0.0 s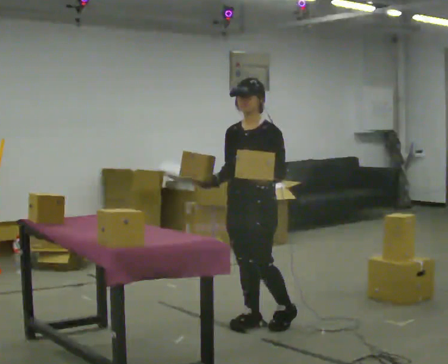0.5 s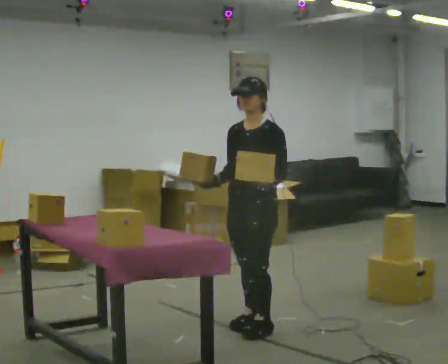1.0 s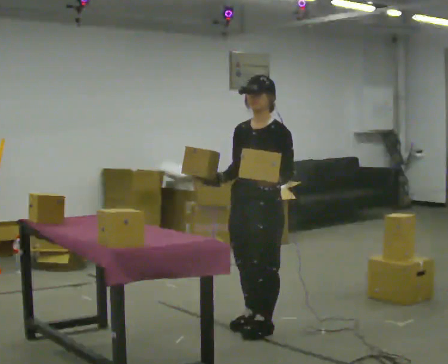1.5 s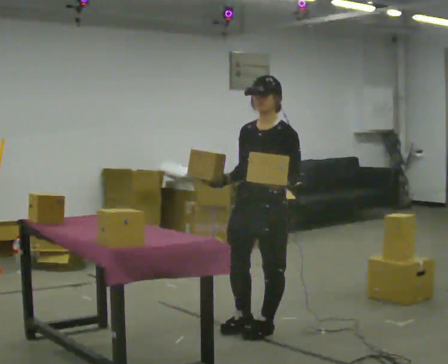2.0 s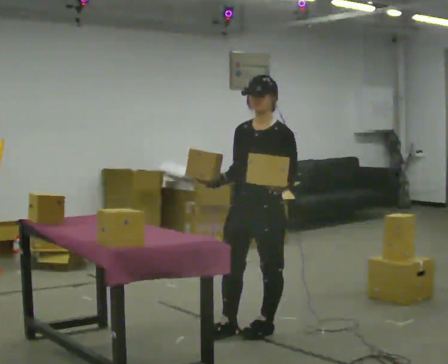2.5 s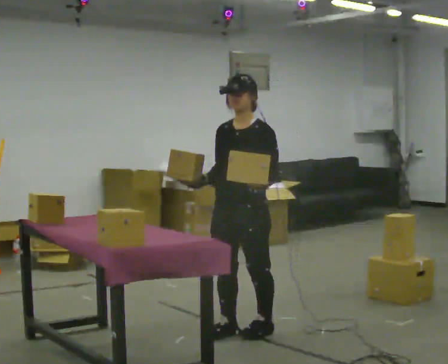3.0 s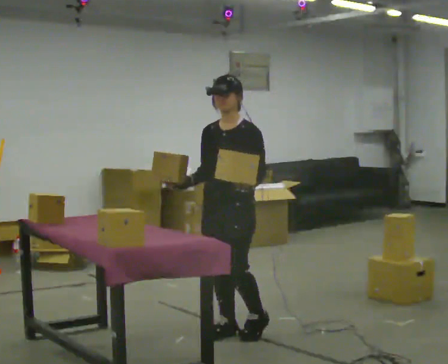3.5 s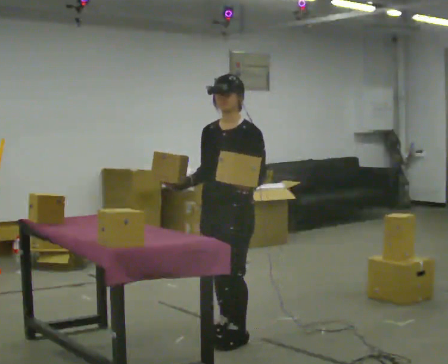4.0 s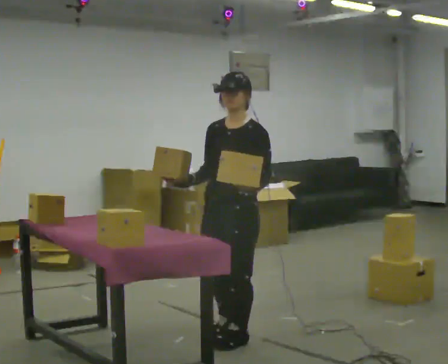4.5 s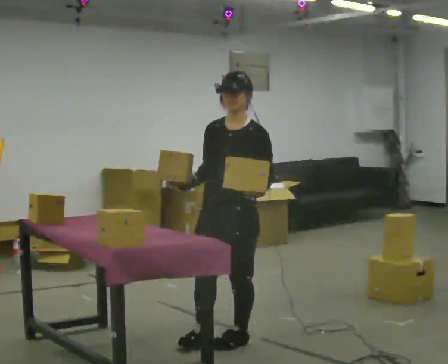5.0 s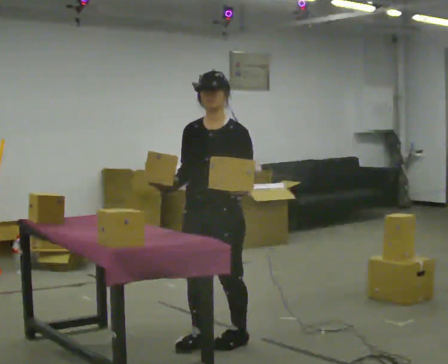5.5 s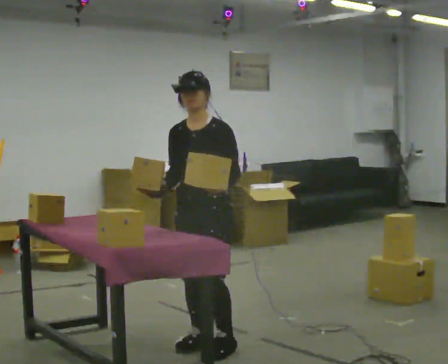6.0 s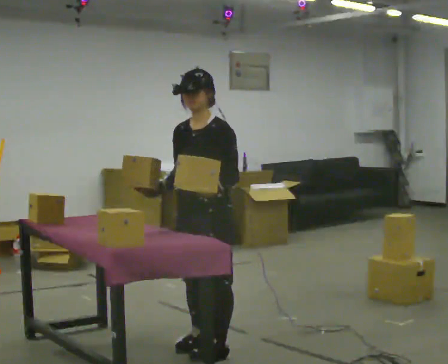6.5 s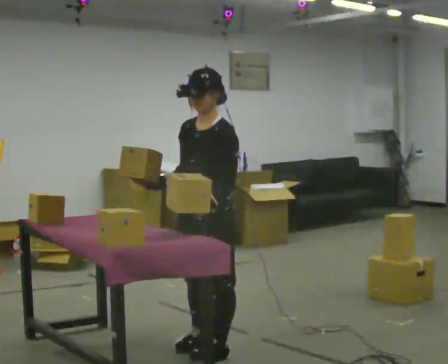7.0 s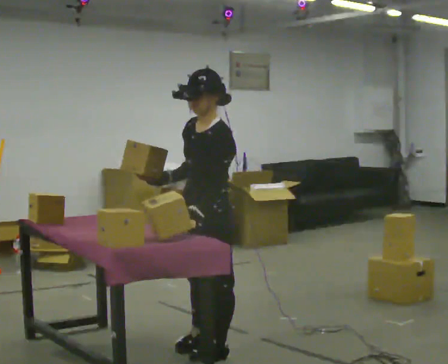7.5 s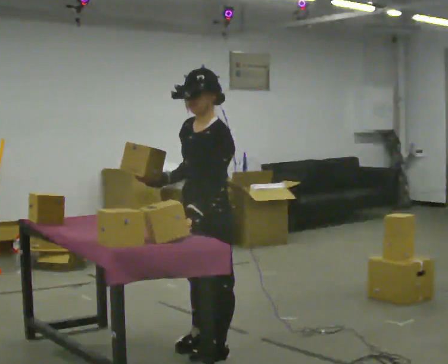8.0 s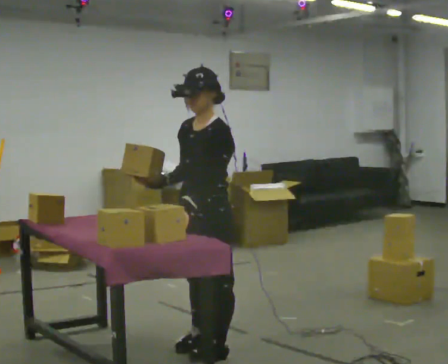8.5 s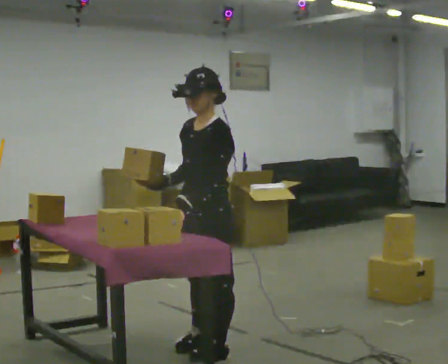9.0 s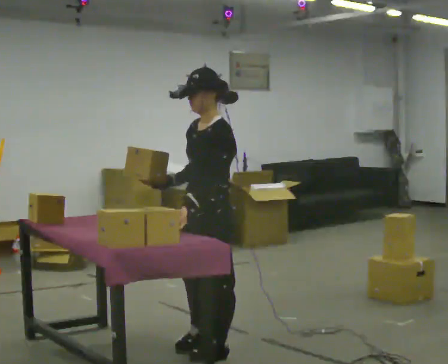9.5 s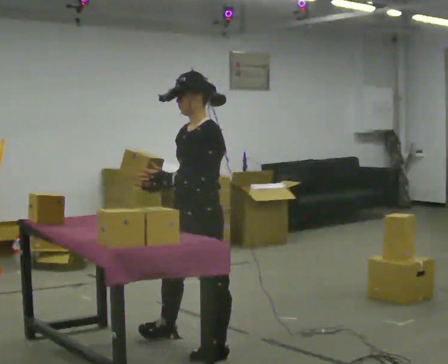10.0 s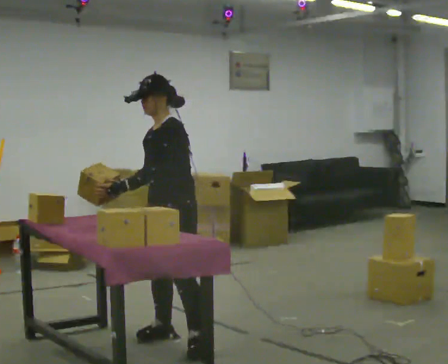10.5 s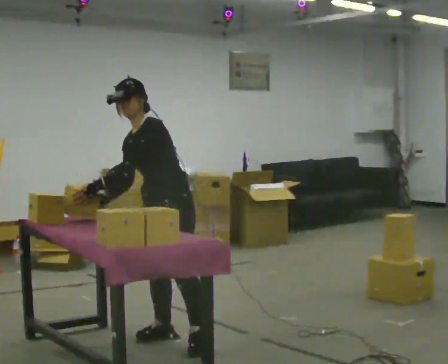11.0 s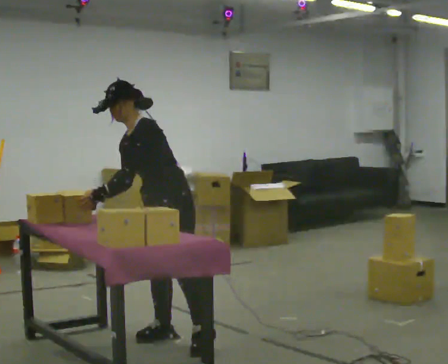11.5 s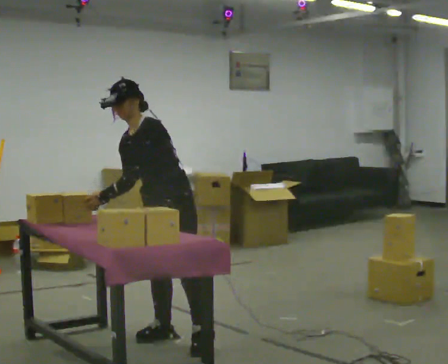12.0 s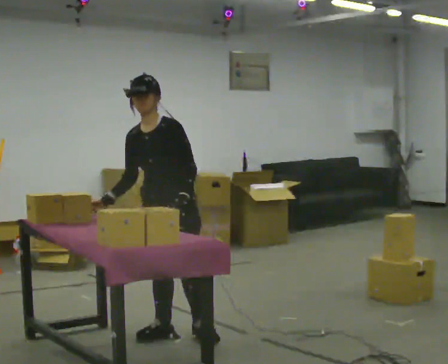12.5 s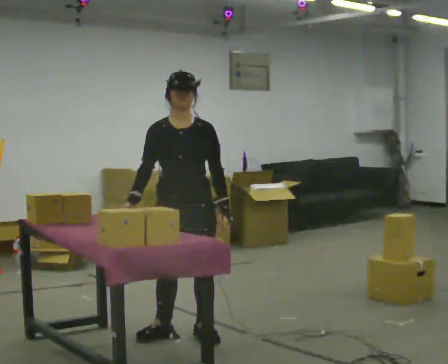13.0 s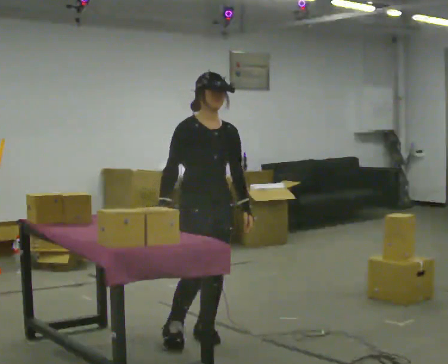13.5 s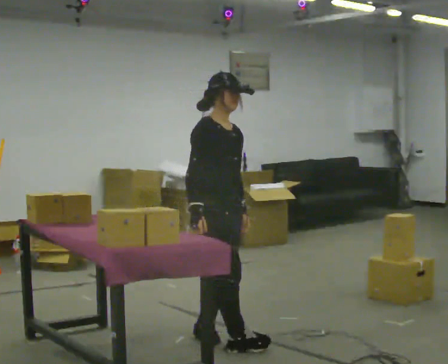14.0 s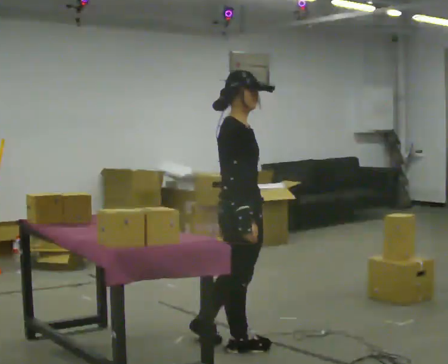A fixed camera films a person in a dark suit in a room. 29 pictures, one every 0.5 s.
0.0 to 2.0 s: In the picture they go toward the camera, about 0.25 m in 2 steps, which for them is to their left and forward.
2.0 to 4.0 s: In the picture they go to the left, about 0.25 m in 1 step, which for them is forward.
4.0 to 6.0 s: In the picture they go to the left, about 0.25 m in 2 steps, which for them is forward.
6.0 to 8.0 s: The person moves a little, or ends about where they began.
8.0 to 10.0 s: In the picture they go away from the camera and to the left, about 0.25 m in 1 step, which for them is to their right.
10.0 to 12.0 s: The part of the body nearest the lens slides to the right as the person turns to their left by about 30 degrees. In the picture their left hand goes to the right, the arm swinging counterclockwise.
12.0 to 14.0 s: The part of the body nearest the lens slides to the right as the person turns to their left by about 120 degrees. In the picture they go to the right and toward the camera, about 0.5 m in 1 step. In the picture the upper body tilts clockwise, shoulders to the right.
The film runs forward here.
